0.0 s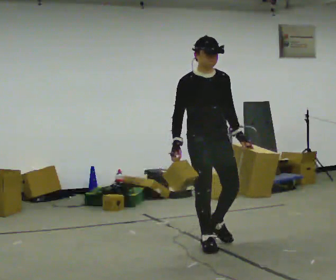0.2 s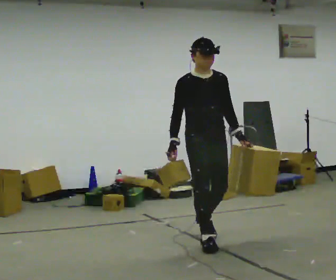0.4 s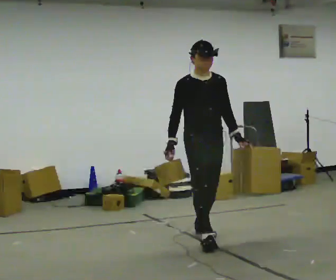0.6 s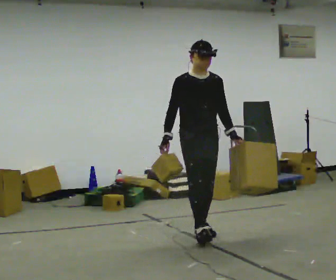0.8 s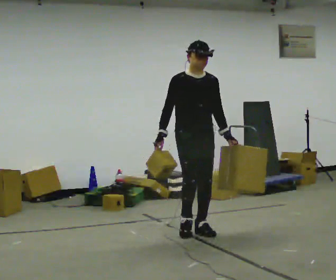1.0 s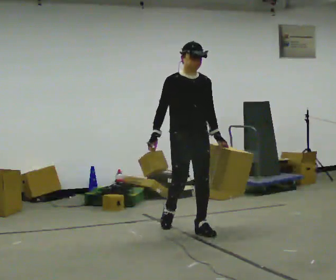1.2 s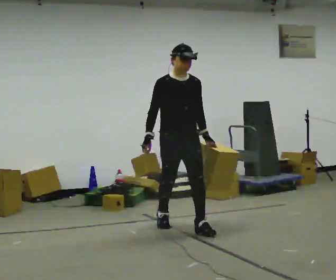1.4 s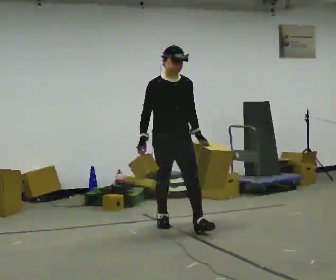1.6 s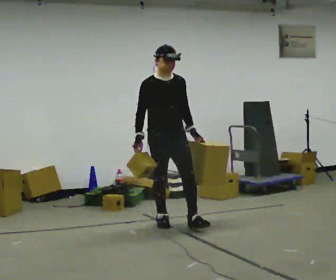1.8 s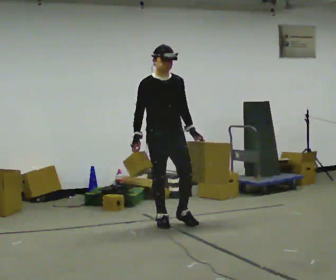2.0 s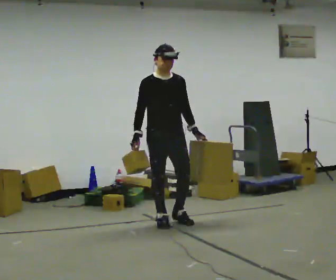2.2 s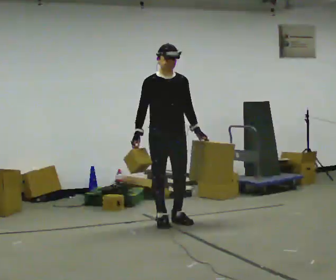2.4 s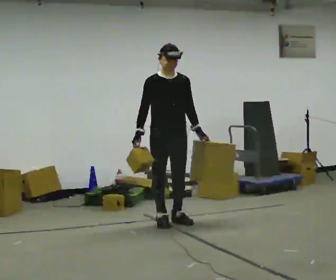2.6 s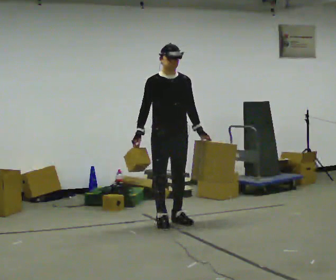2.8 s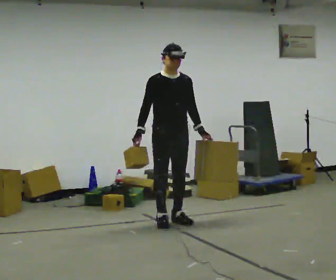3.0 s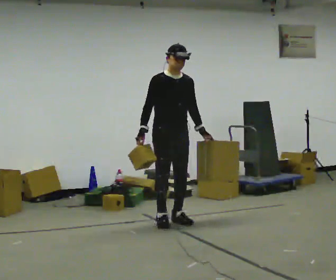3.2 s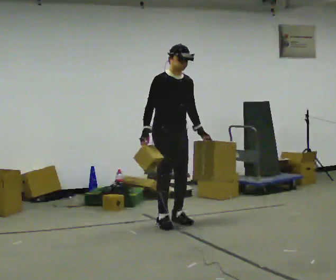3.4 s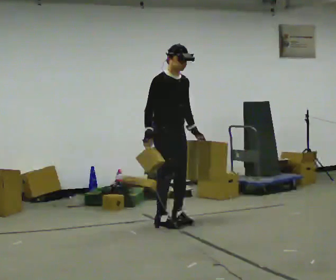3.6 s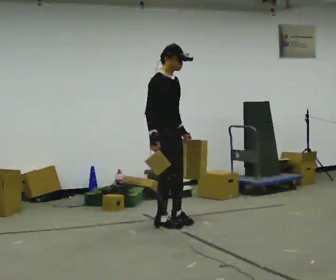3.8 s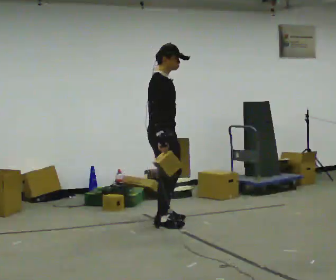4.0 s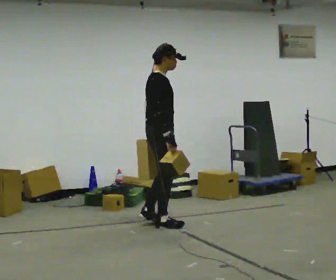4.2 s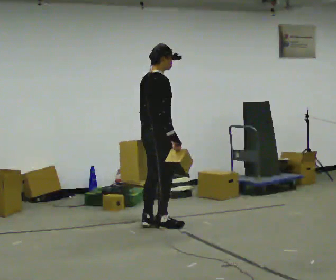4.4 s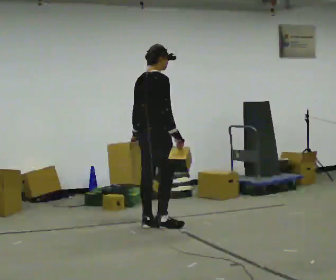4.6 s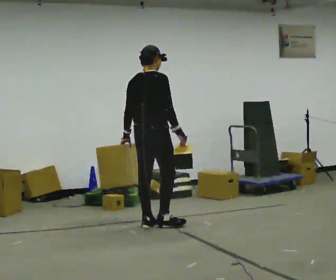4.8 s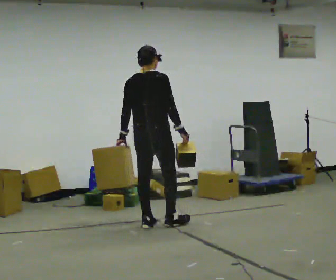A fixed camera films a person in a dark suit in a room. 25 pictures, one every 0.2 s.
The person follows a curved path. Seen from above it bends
counterclockwise.
The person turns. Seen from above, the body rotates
counterclockwise.
0.0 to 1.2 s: In the picture they go away from the camera, about 0.5 m in 1 step, which for them is backward.
1.2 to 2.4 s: In the picture they go away from the camera, about 0.25 m in 1 step, which for them is backward.
2.4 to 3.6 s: Seen from above the body turns counterclockwise, about 45 degrees: to their left, with its near side sliding to the right.
3.6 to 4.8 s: The person turns about 90 degrees to their left, counterclockwise seen from above, so the part of the body nearest the lens slides to the right.
The film runs backward here.
